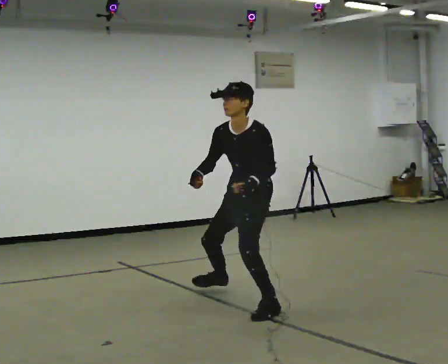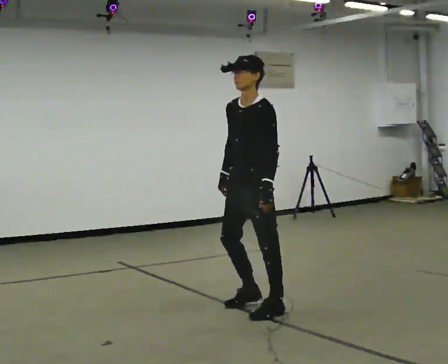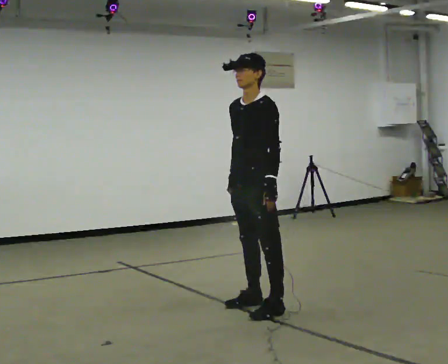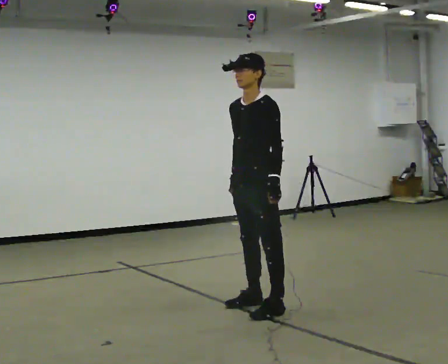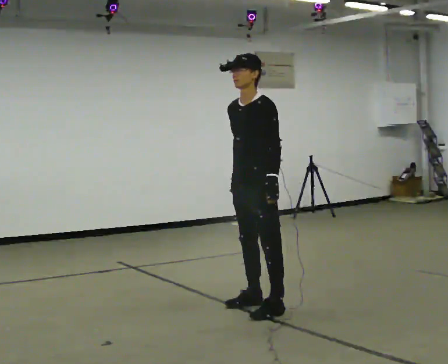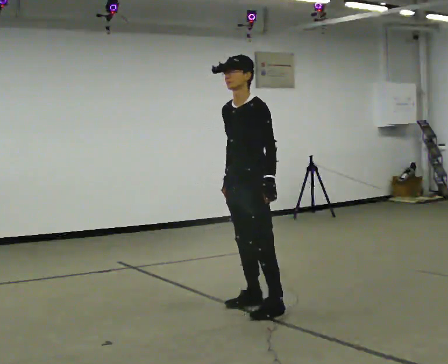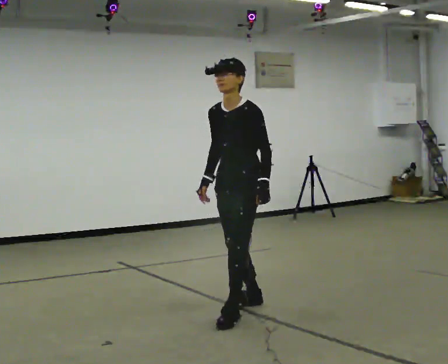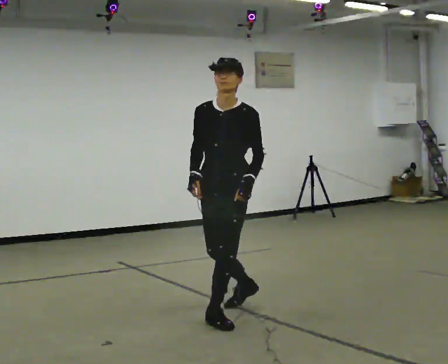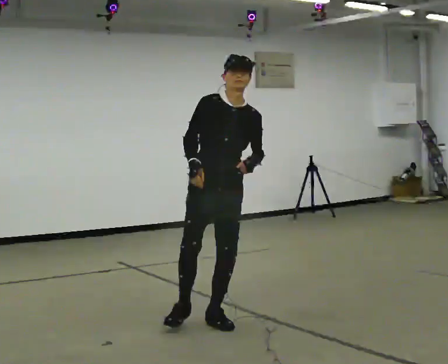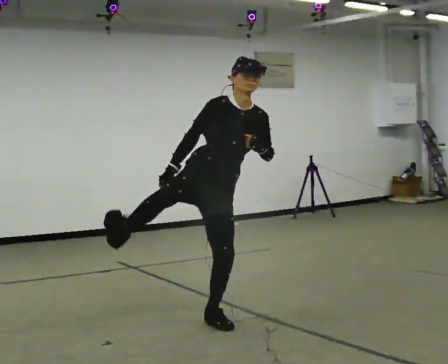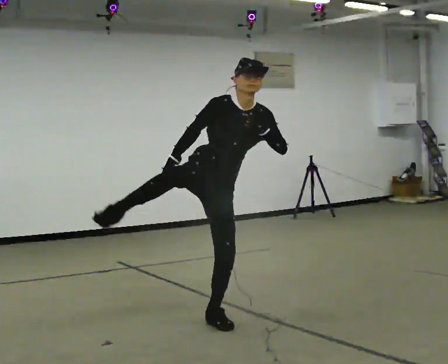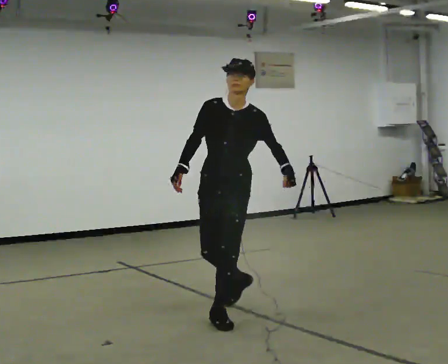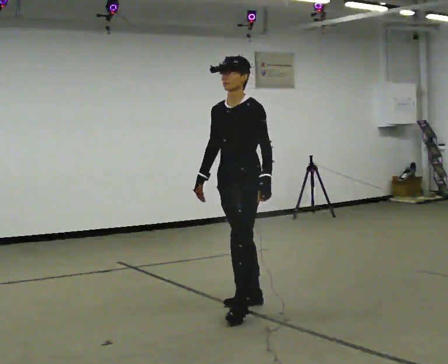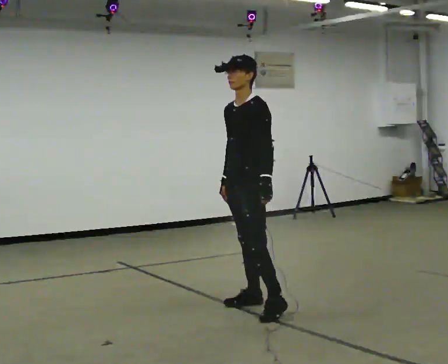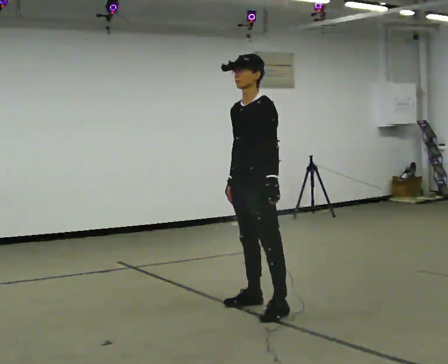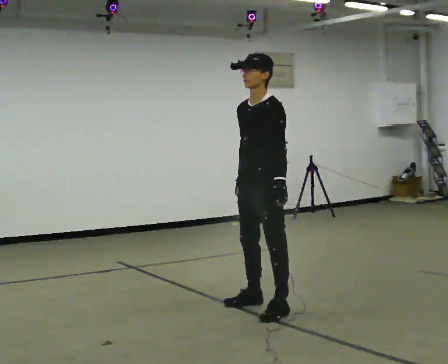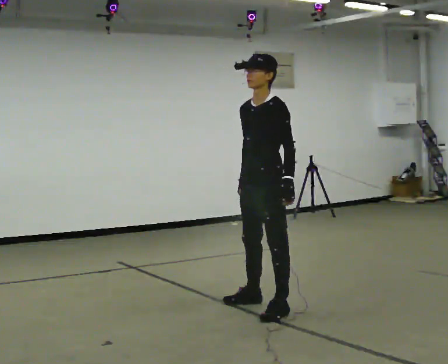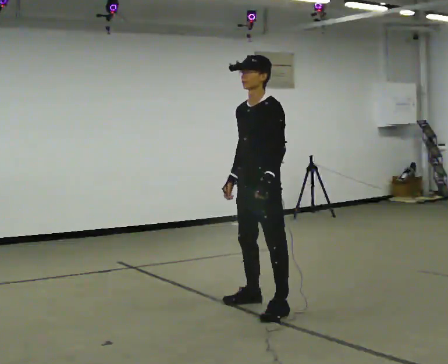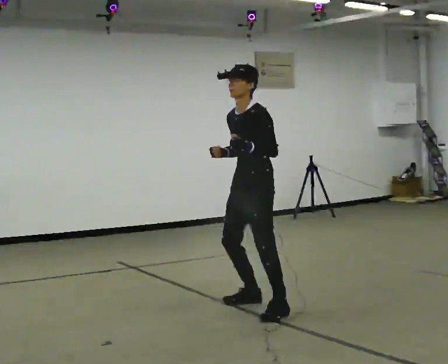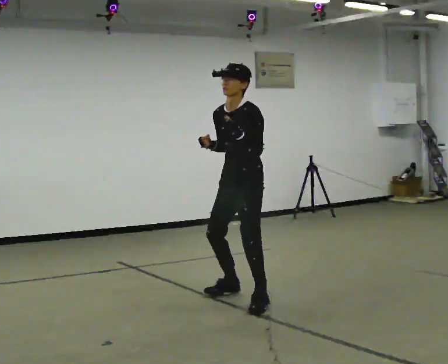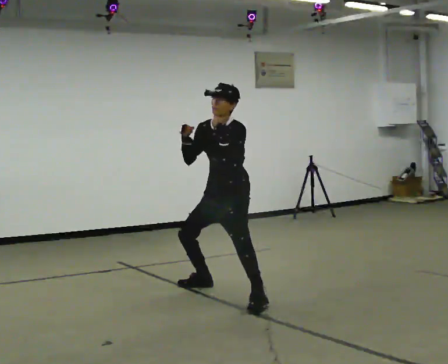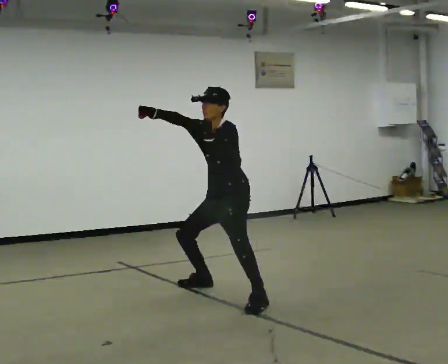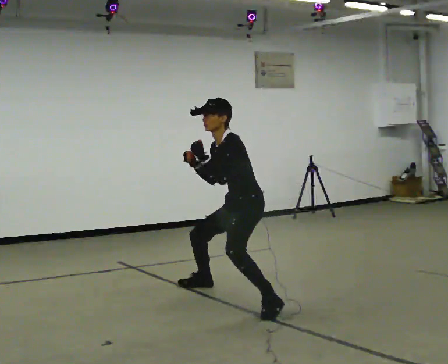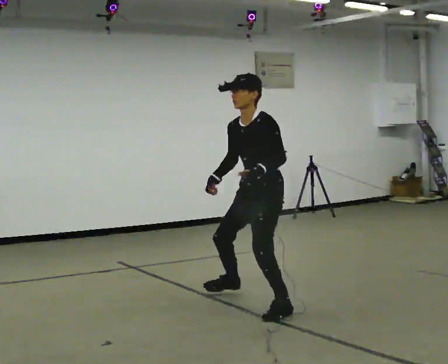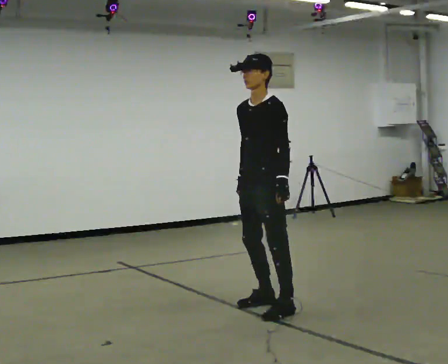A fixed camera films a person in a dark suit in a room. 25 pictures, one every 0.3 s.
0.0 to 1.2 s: In the picture they go toward the camera, about 0.25 m, which for them is to their left. The upper body goes upward. The upper body tips away from the camera, its near side rolling upward, as they lean back or straighten.
1.2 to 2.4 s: The person turns about 60 degrees to their left, counterclockwise seen from above, so the part of the body nearest the lens slides to the right. In the picture they go toward the camera and to the left, about 0.5 m in 2 steps. In the picture the upper body tilts clockwise, shoulders to the right.
2.4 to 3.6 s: Seen from above the body turns clockwise, about 60 degrees: to their right, with its near side sliding to the left. In the picture they go away from the camera and to the right, about 0.25 m in 2 steps.
3.6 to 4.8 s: In the picture they go to the right, about 0.25 m, which for them is to their left. In the picture their right hand goes to the right.
4.8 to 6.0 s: In the picture they go away from the camera and to the left, about 0.5 m in 2 steps, which for them is to their right. The shoulders move downward. In the picture their right hand goes upward.
6.0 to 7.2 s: In the picture they go toward the camera and to the right, about 0.5 m in 2 steps, which for them is to their left. In the picture their right hand goes downward.
The film runs backward here.
